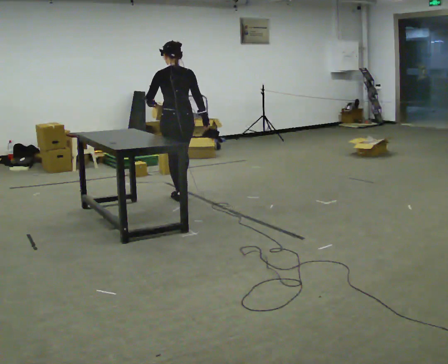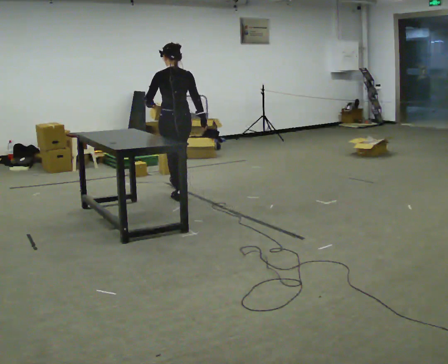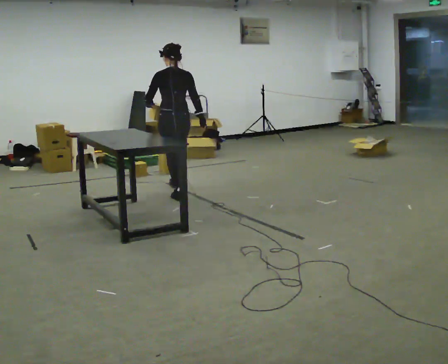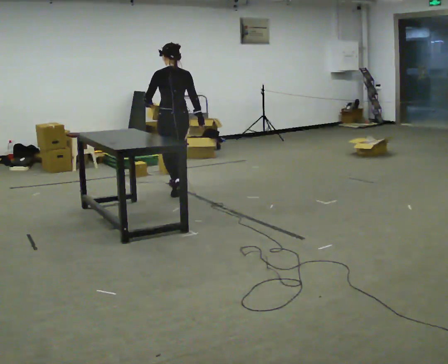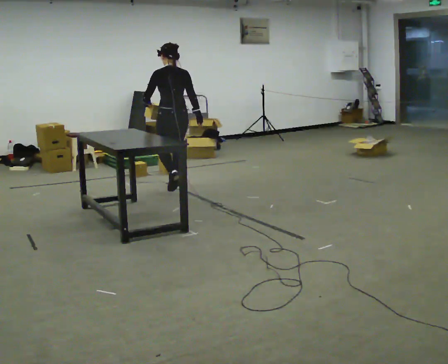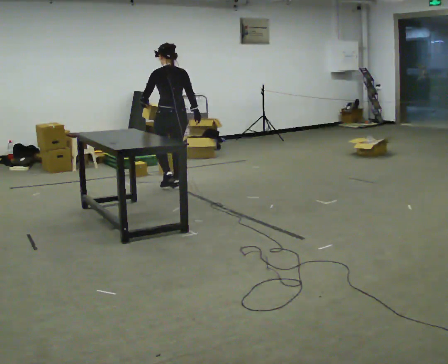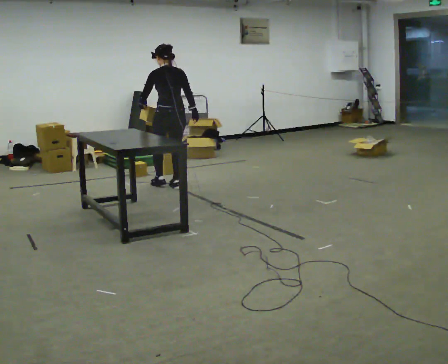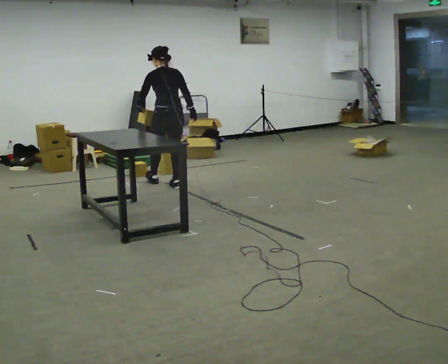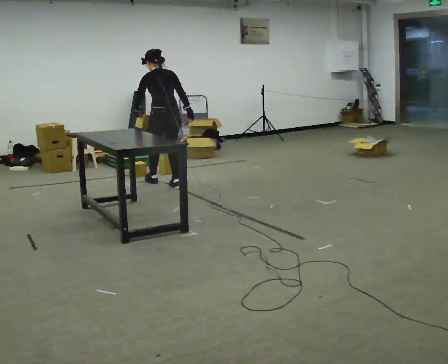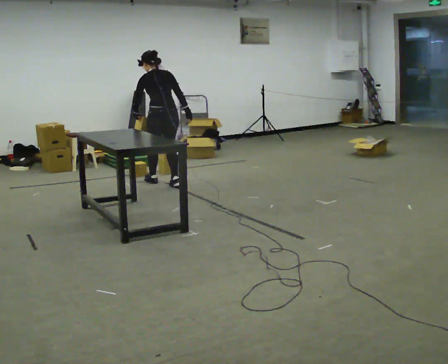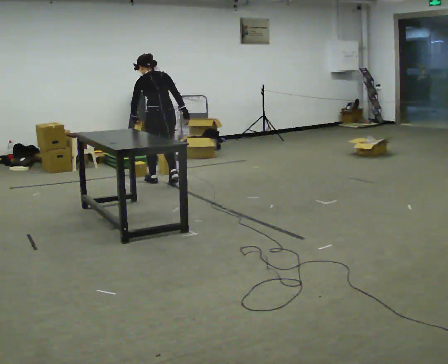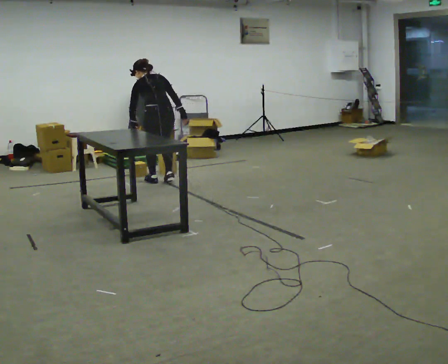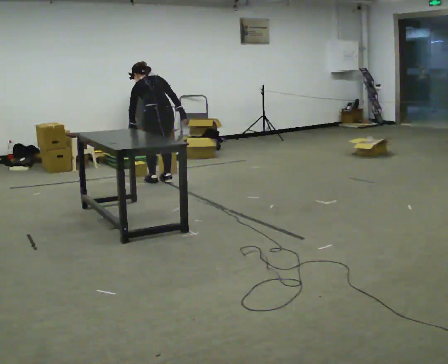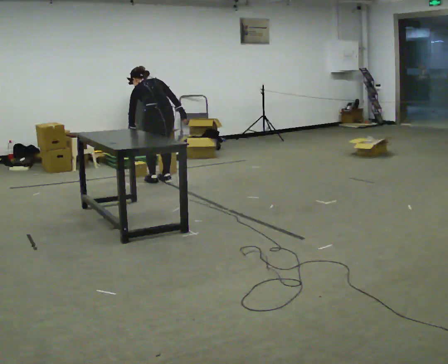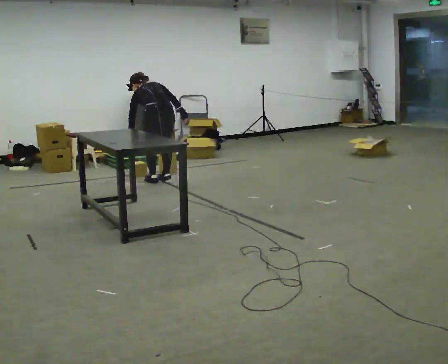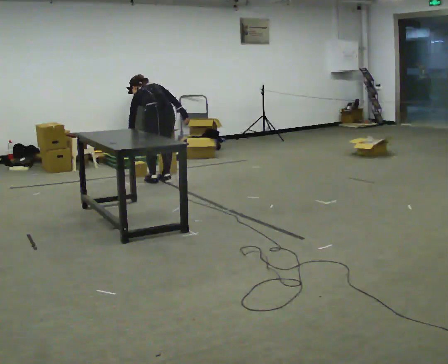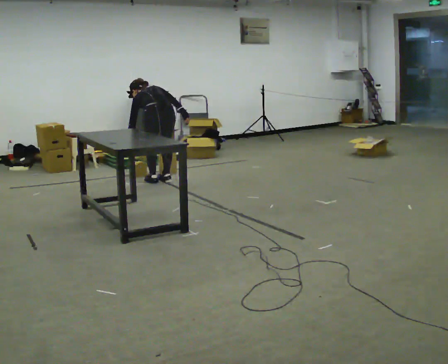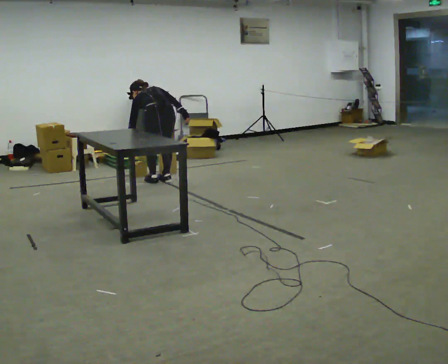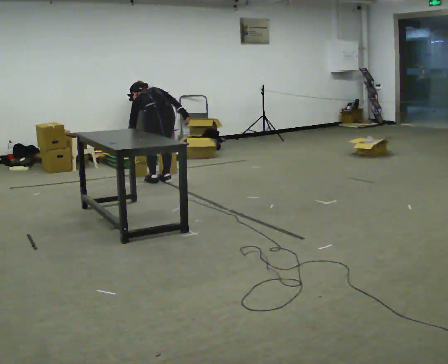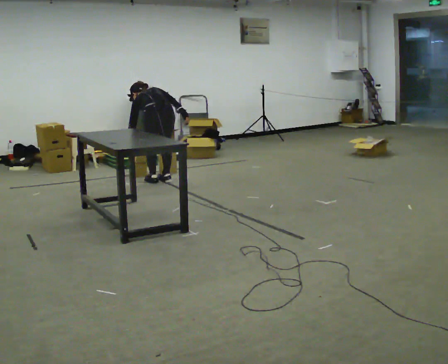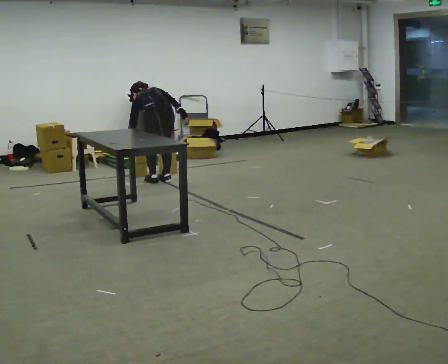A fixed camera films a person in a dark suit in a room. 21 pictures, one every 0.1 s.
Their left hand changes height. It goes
downward.
The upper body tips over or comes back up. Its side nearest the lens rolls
upward.
0.0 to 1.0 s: In the picture they go away from the camera, about 0.5 m in 2 steps, which for them is forward. The upper body tips away from the camera, its near side rolling upward, as they bend forward.
1.0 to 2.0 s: The upper body goes downward. The upper body tips away from the camera, its near side rolling upward, as they bend forward.
The film runs forward here.
